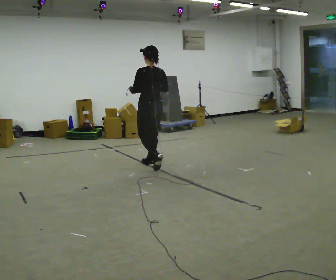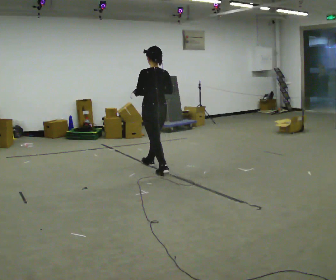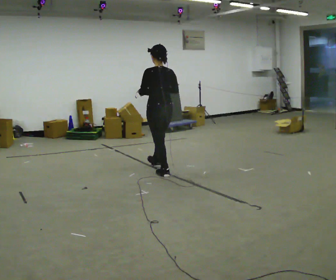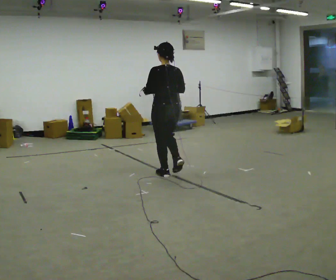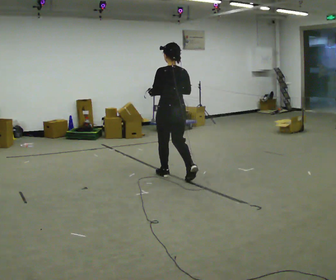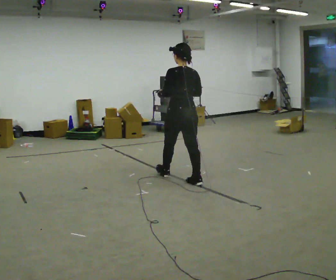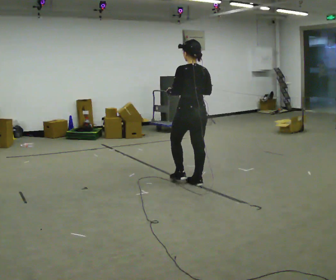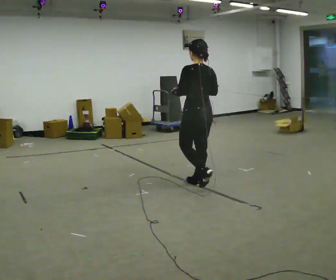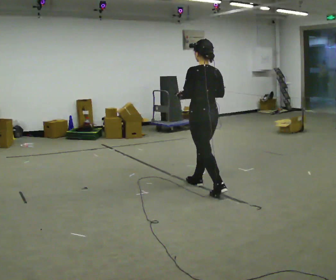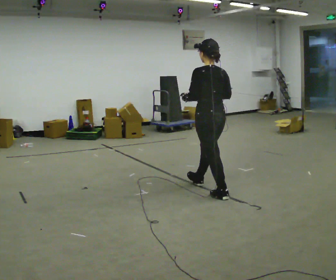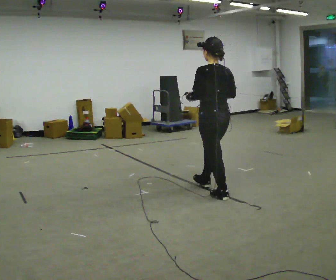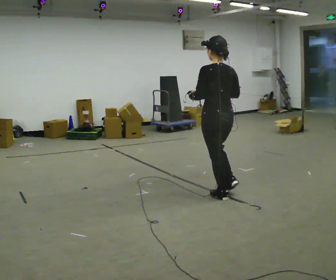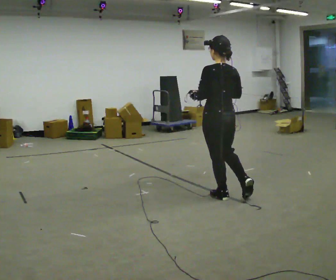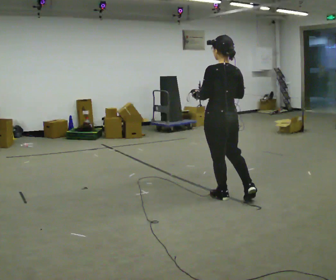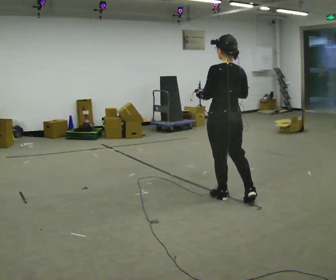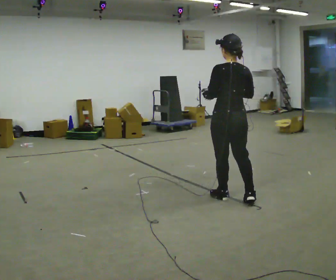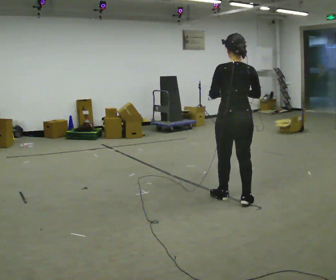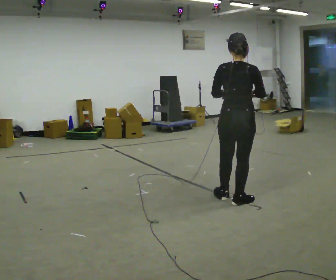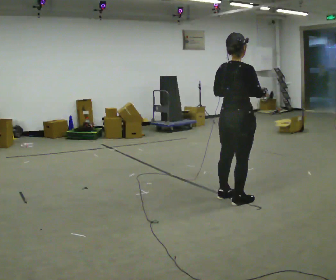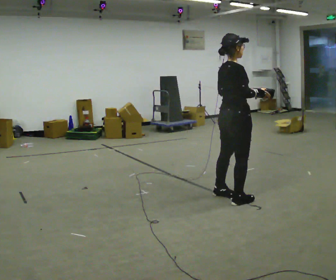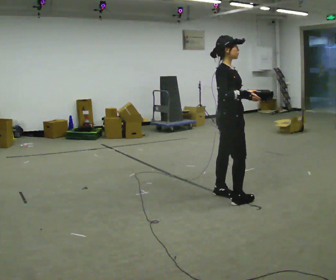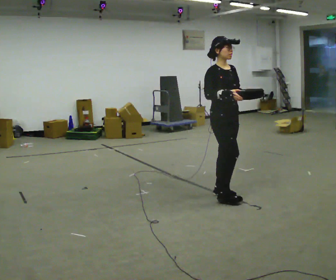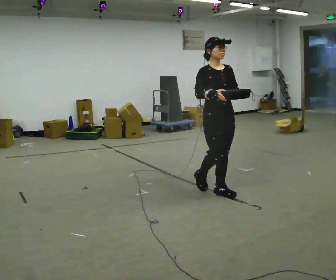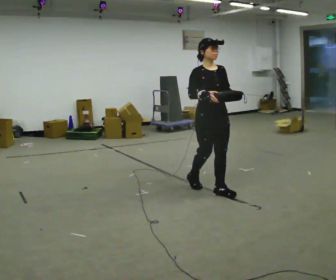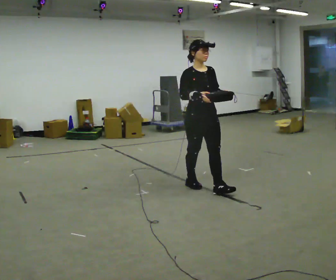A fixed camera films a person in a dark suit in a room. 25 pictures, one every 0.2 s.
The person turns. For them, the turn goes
to their right.
The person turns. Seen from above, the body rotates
clockwise.
0.0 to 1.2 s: In the picture they go to the right and toward the camera, about 1 m in 2 steps, which for them is backward.
1.2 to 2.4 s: In the picture they go toward the camera and to the right, about 0.5 m in 1 step, which for them is backward.
2.4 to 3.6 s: The person turns about 75 degrees to their right, clockwise seen from above, so the part of the body nearest the lens slides to the left. In the picture their right hand goes to the right.
3.6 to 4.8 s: Seen from above the body turns clockwise, about 105 degrees: to their right, with its near side sliding to the left. In the picture they go to the left and away from the camera, about 0.5 m in 2 steps.
The film runs backward here.
